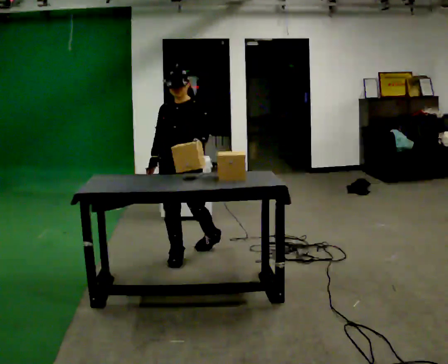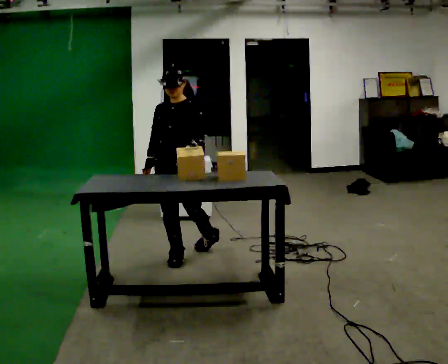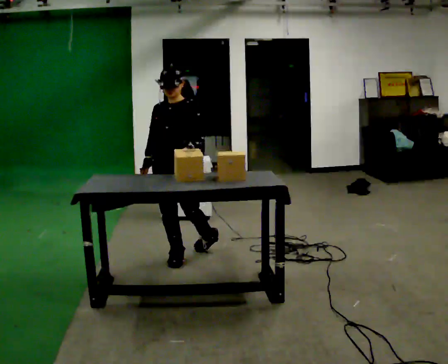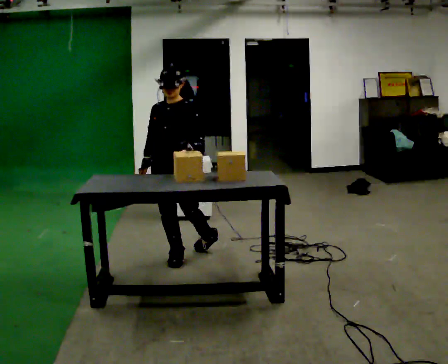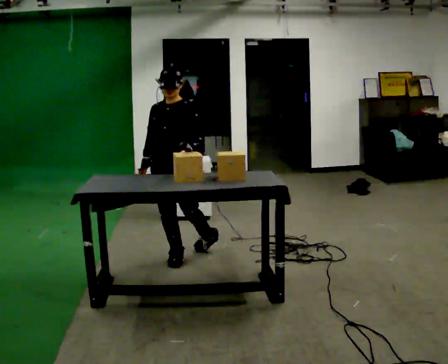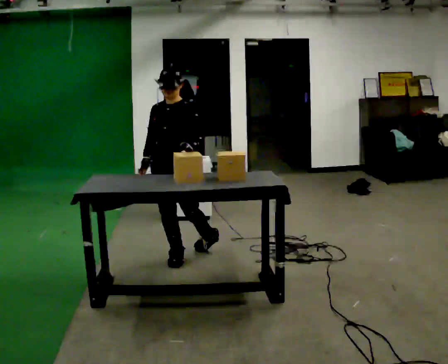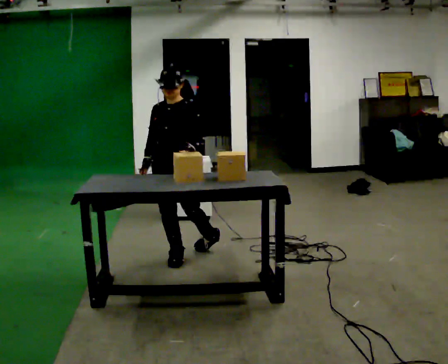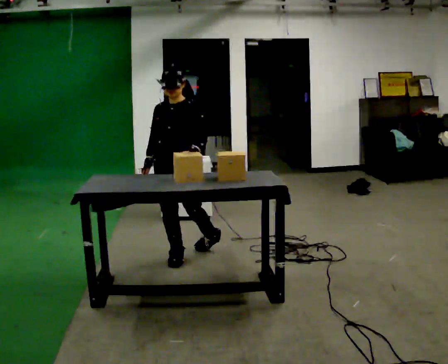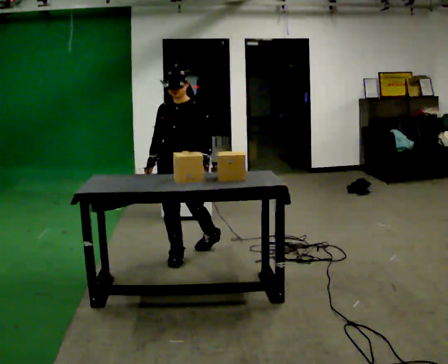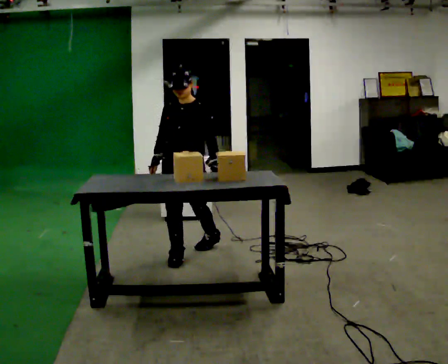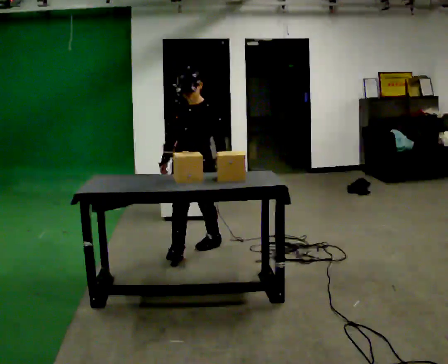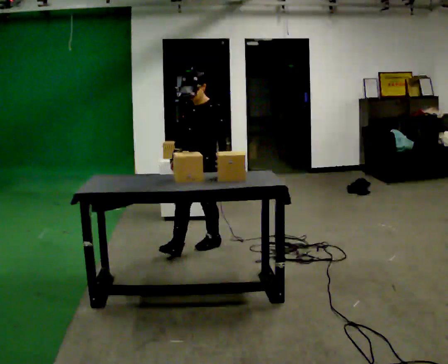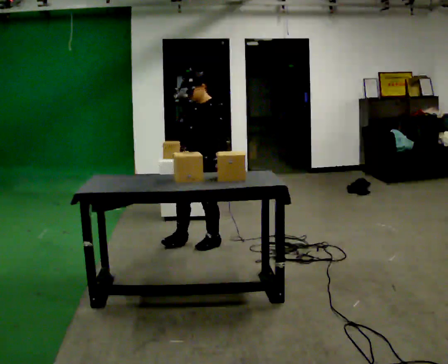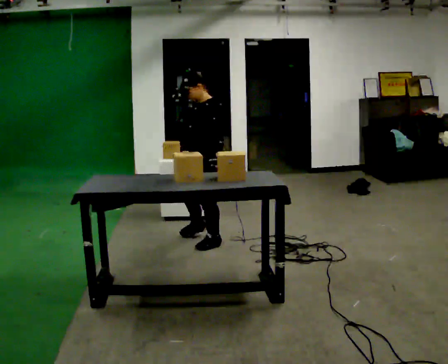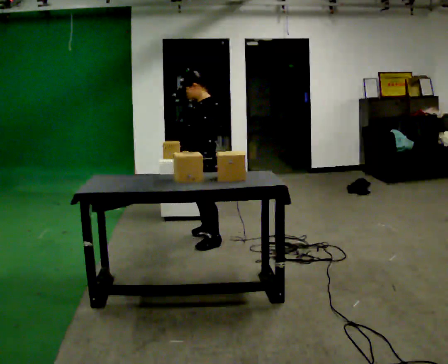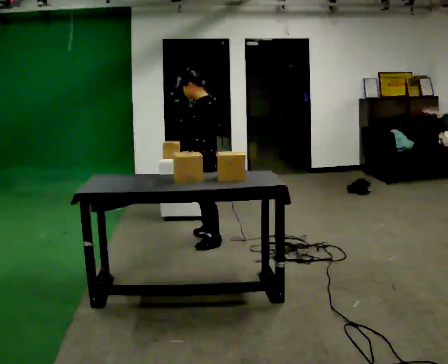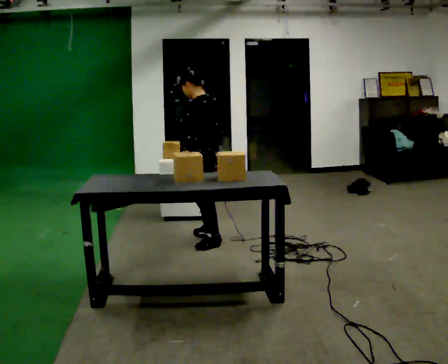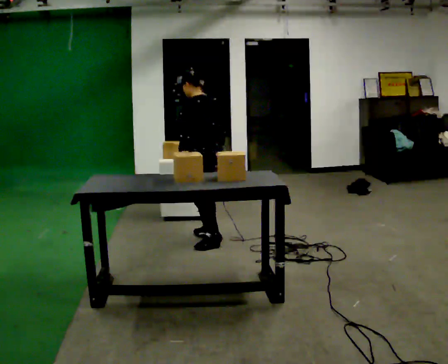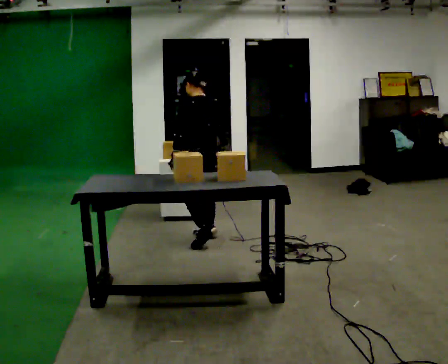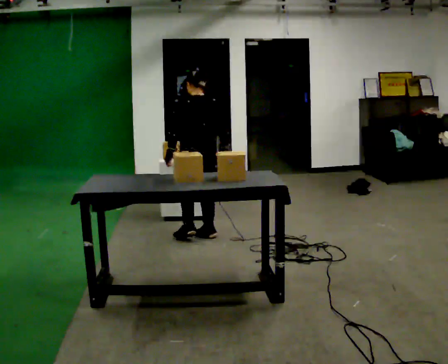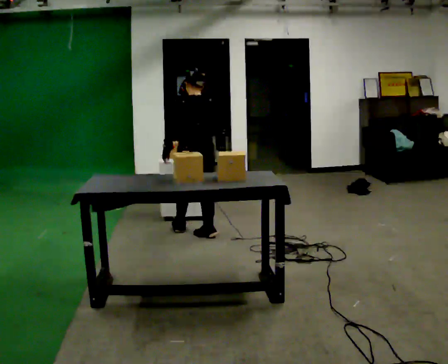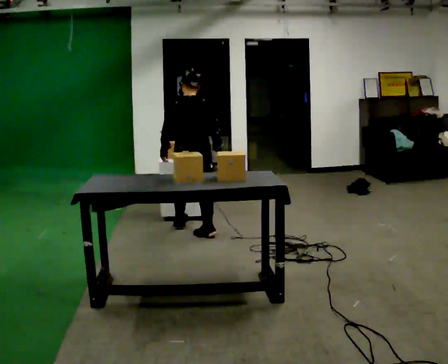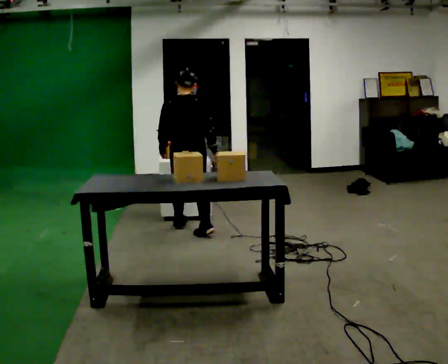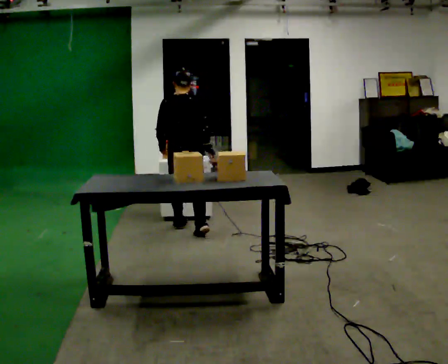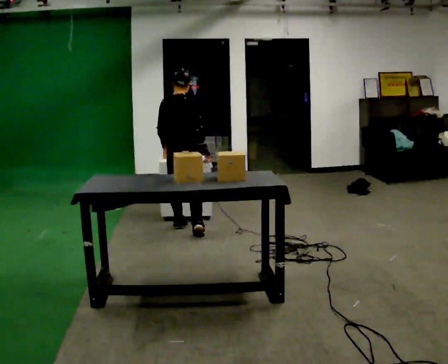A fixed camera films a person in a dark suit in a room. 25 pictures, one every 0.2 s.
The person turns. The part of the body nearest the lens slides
to the left.
The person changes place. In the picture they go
away from the camera.
0.0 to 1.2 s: The person moves a little, or ends about where they began.
1.2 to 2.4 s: The person turns about 30 degrees to their right, clockwise seen from above, so the part of the body nearest the lens slides to the left. In the picture they go away from the camera and to the right, about 0.5 m, which for them is backward and to their left.
2.4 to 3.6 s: The part of the body nearest the lens slides to the left as the person turns to their right by about 90 degrees. In the picture they go away from the camera, about 0.25 m in 1 step.
3.6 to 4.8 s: The person turns about 60 degrees to their right, clockwise seen from above, so the part of the body nearest the lens slides to the left. In the picture they go away from the camera and to the left, about 0.25 m in 1 step.
The film runs forward here.
